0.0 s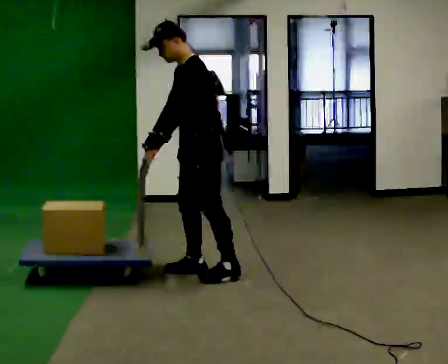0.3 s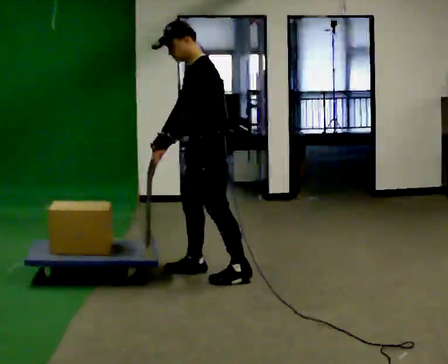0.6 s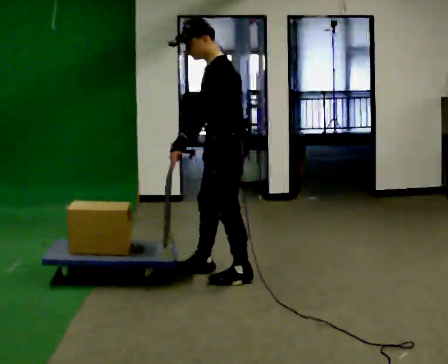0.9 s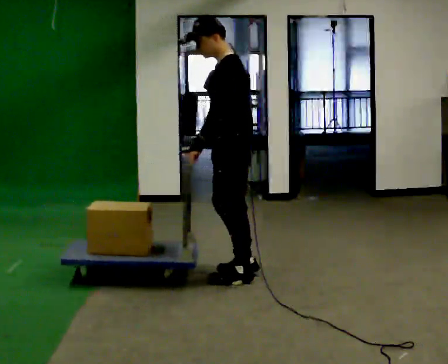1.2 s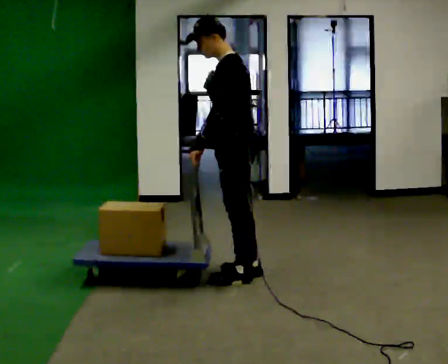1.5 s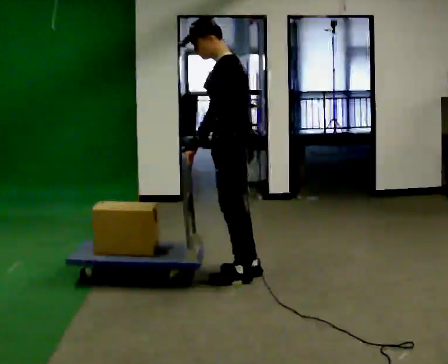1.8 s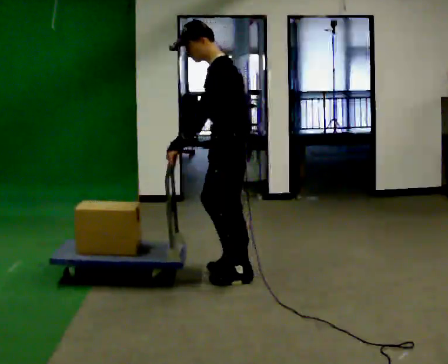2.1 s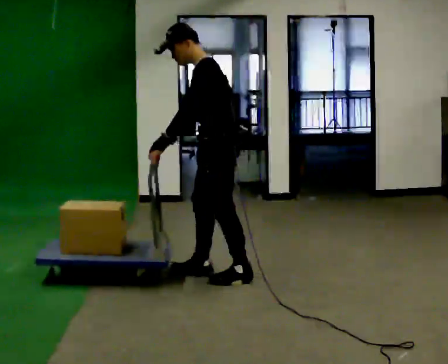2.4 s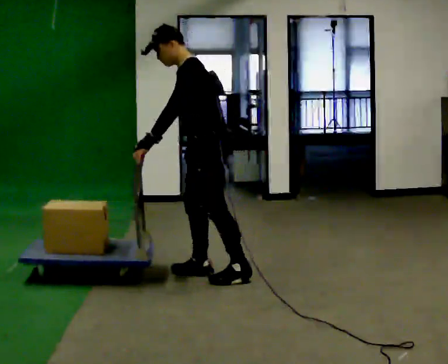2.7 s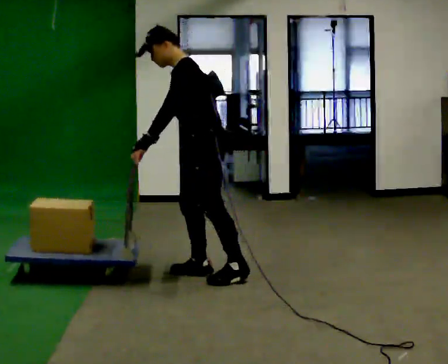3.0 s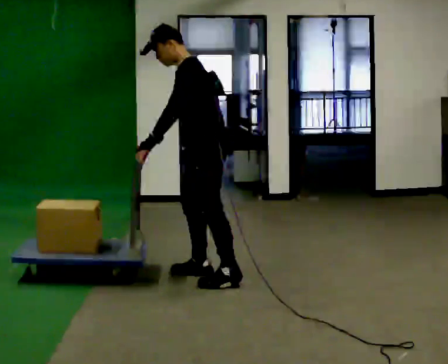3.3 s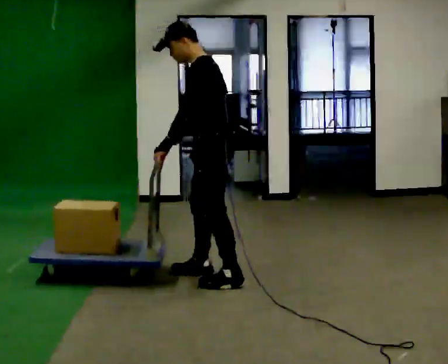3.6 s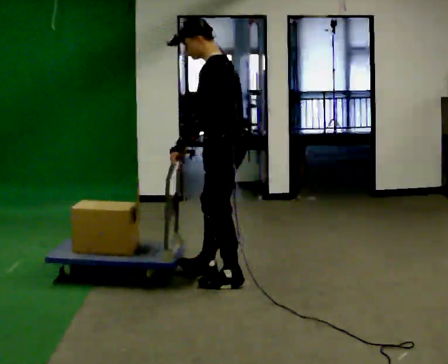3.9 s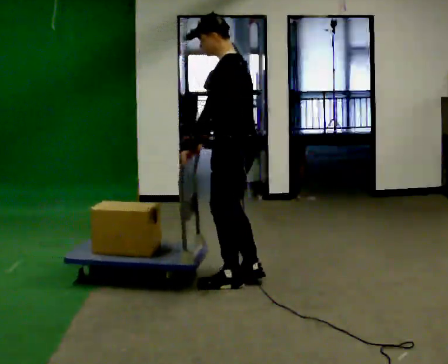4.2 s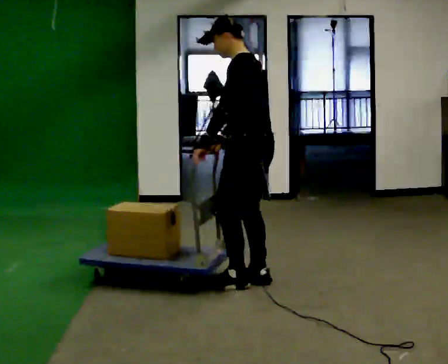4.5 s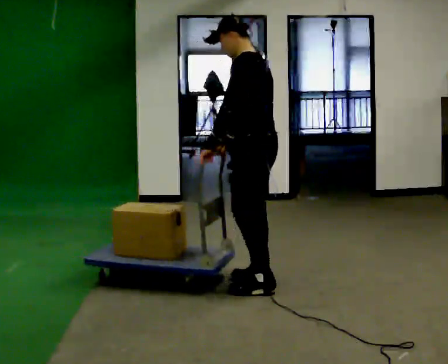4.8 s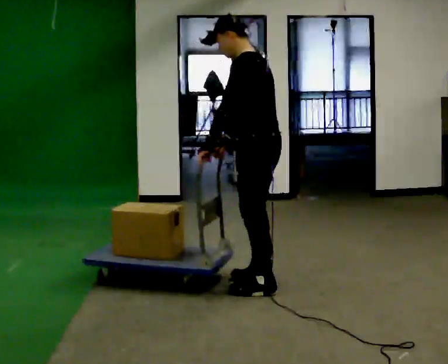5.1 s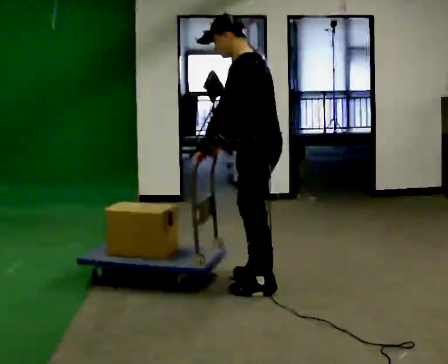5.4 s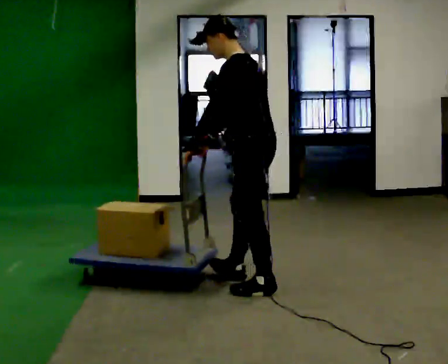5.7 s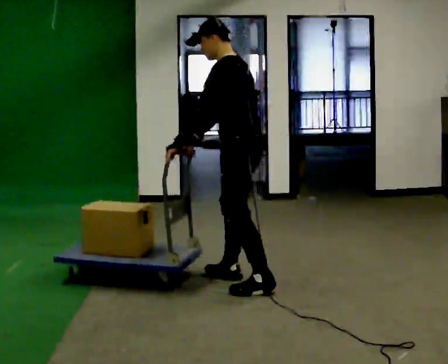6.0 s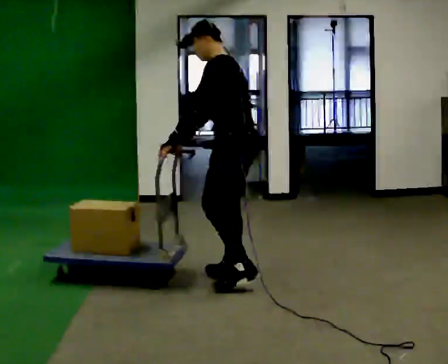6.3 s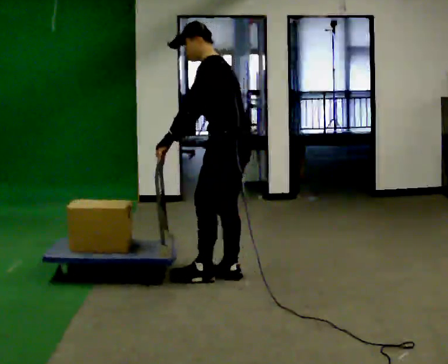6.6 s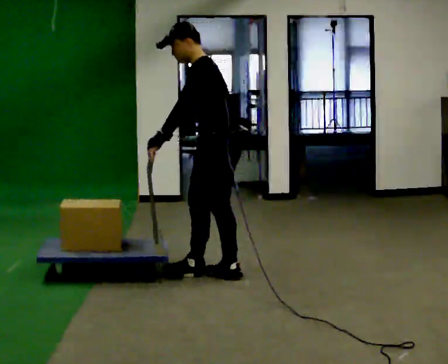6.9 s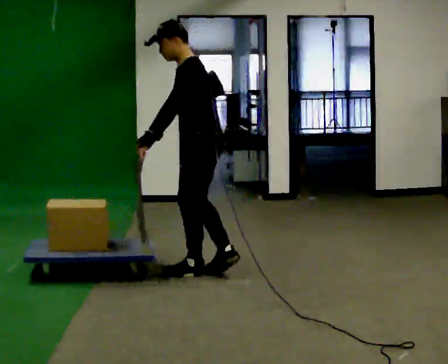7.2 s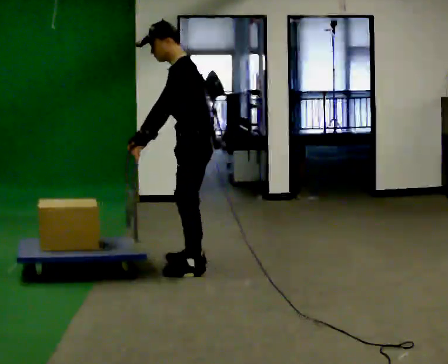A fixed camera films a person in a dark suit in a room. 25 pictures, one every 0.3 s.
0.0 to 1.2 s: In the picture they go to the right, about 0.25 m in 1 step, which for them is backward and to their left.
1.2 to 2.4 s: In the picture they go to the left, about 0.25 m in 1 step, which for them is forward. In the picture their right hand goes to the left.
2.4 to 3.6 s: In the picture they go toward the camera, about 0.25 m, which for them is to their left.
3.6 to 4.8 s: In the picture they go to the right, about 0.25 m in 2 steps, which for them is backward.
4.8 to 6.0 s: In the picture they go away from the camera and to the left, about 0.25 m in 1 step, which for them is forward and to their right.
6.0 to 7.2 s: In the picture they go to the left and away from the camera, about 0.25 m in 1 step, which for them is forward and to their right.
The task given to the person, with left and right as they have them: Get the cart into the marked parking space and lined up with the tape. Take as many adjustments as you need. Then take it out again and repeat.
The film runs forward here.
